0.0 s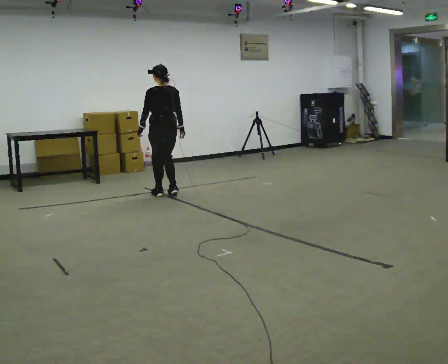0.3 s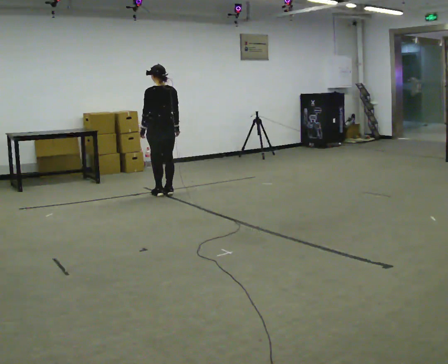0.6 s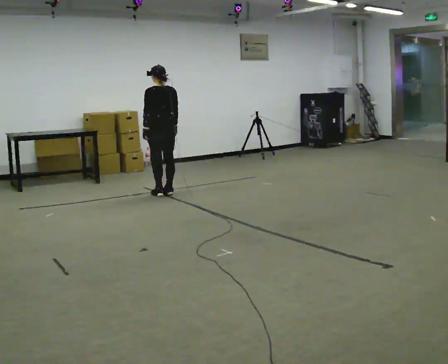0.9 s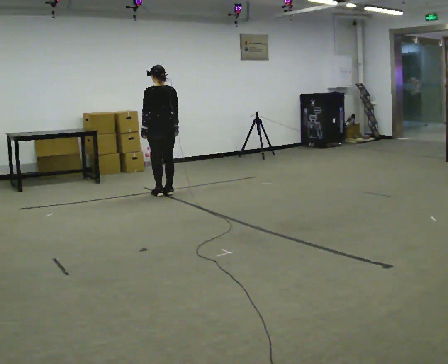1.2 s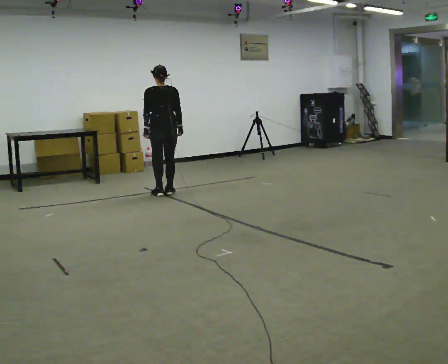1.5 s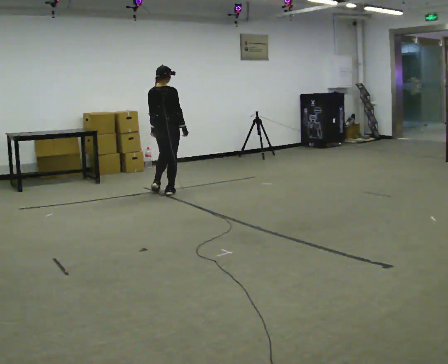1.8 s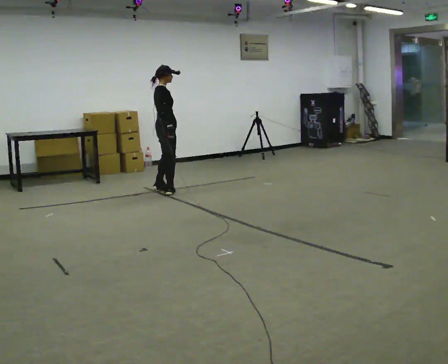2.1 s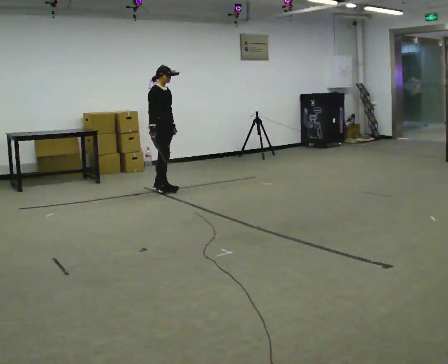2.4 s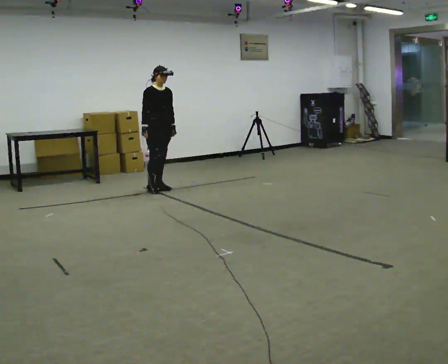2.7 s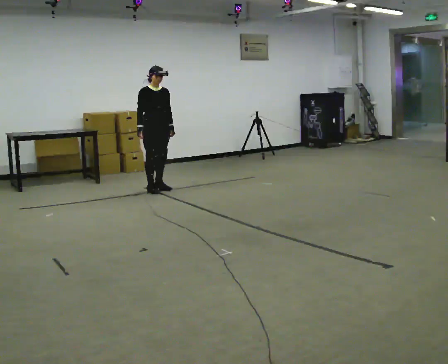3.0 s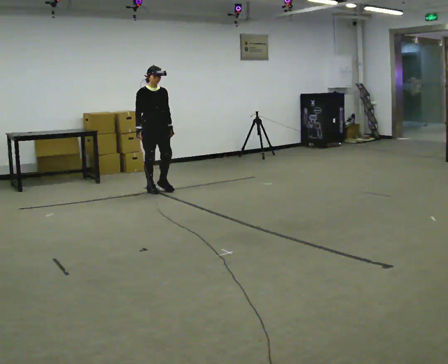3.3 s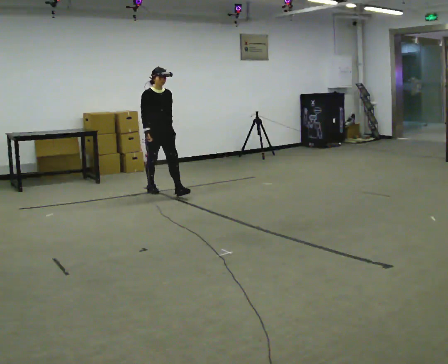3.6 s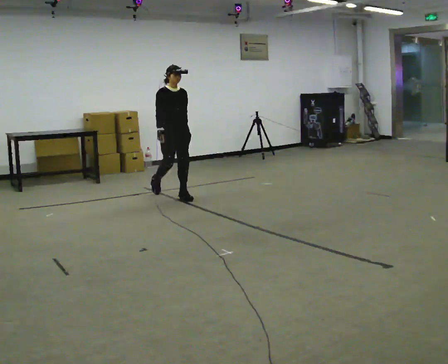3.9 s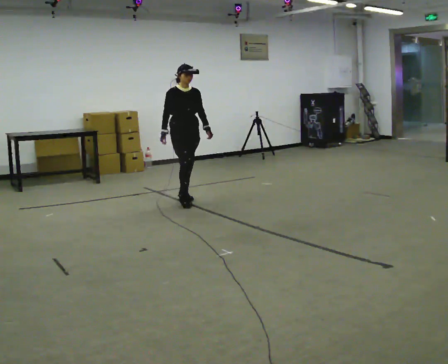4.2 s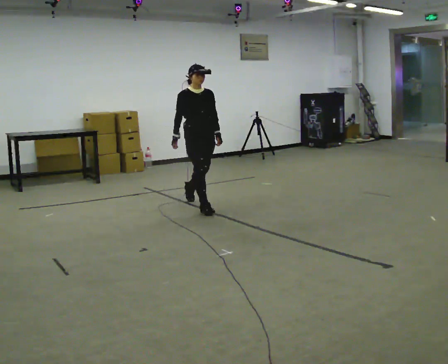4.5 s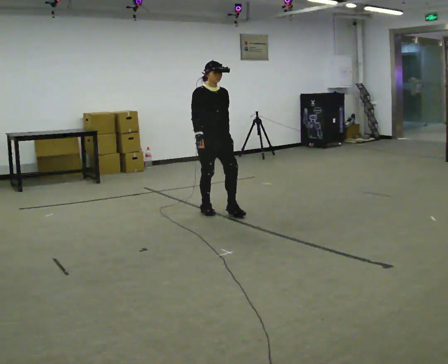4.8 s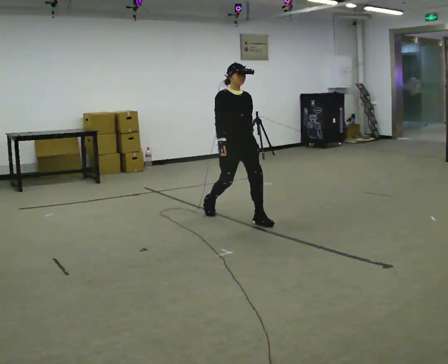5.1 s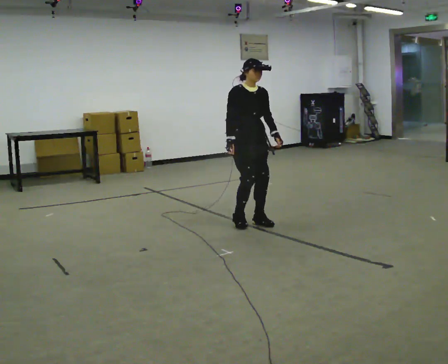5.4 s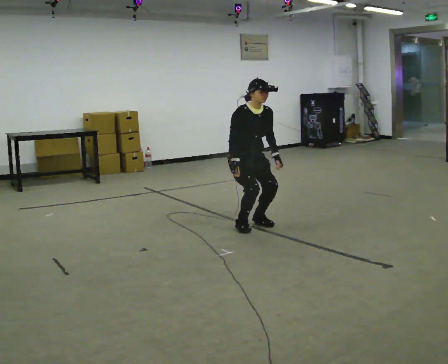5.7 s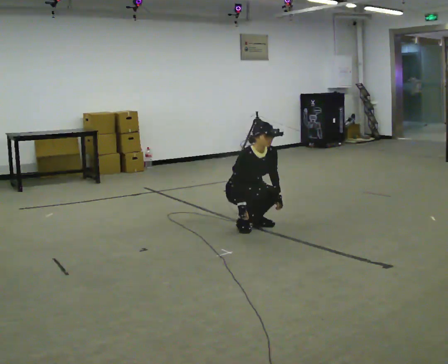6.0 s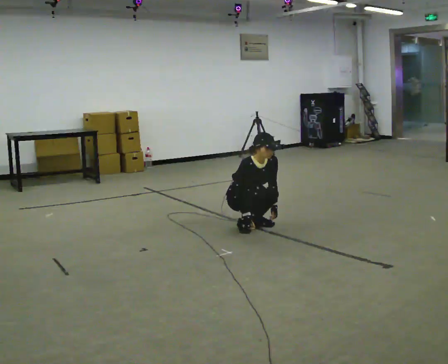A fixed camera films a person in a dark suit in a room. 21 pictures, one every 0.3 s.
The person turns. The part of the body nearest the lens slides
to the left.
The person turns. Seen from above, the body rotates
clockwise.
0.0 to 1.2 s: Seen from above the body turns clockwise, about 30 degrees: to their right, with its near side sliding to the left. In the picture they go away from the camera, about 0.25 m in 1 step, which for them is forward.
1.2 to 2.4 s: The person turns about 150 degrees to their right, clockwise seen from above, so the part of the body nearest the lens slides to the left. In the picture they go away from the camera, about 0.25 m in 2 steps. In the picture their right hand goes to the left, the arm swinging clockwise.
2.4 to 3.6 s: In the picture they go toward the camera and to the right, about 0.5 m in 1 step, which for them is forward.
3.6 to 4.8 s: In the picture they go toward the camera and to the right, about 1 m in 2 steps, which for them is forward.
4.8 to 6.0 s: The shoulders move downward. The upper body tips toward the camera, its near side rolling downward, as they bend forward. In the picture their right hand goes downward.
The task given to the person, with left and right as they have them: Walk; crouch comfortably at marker; remain briefly; stand and continue.
The film runs forward here.
